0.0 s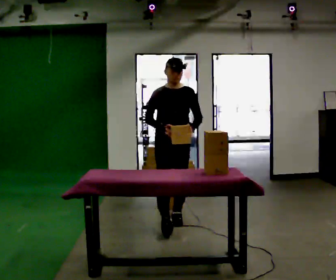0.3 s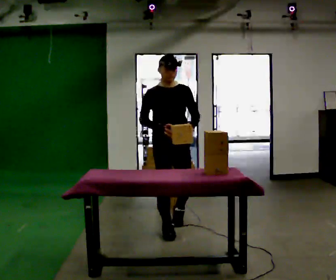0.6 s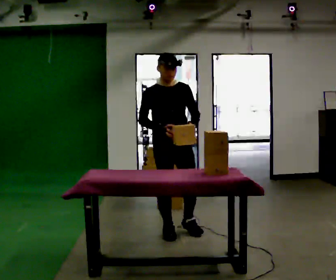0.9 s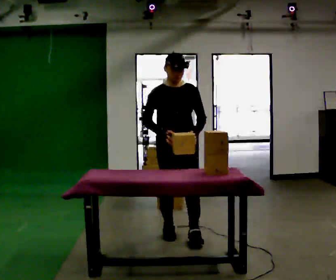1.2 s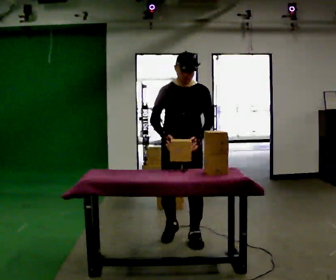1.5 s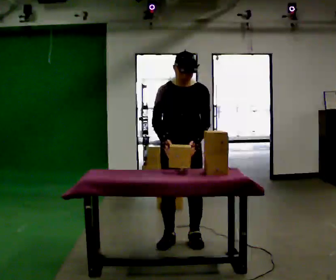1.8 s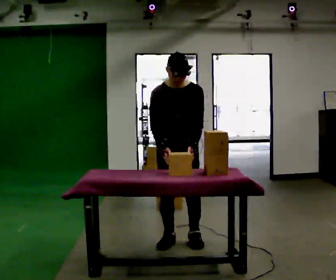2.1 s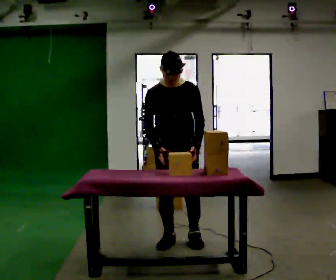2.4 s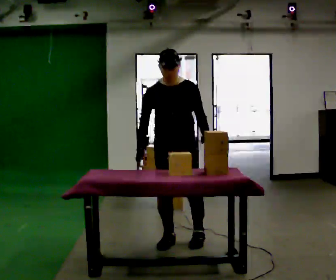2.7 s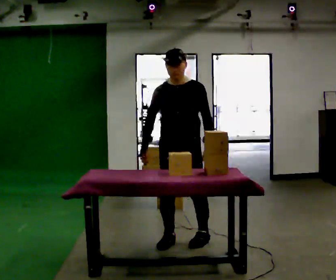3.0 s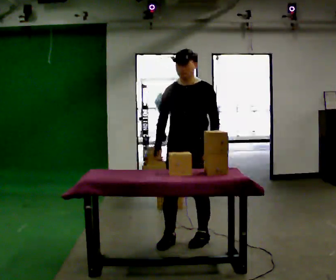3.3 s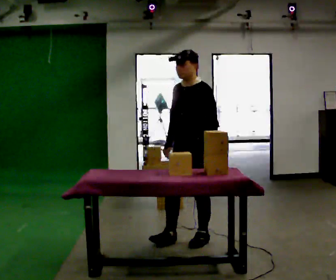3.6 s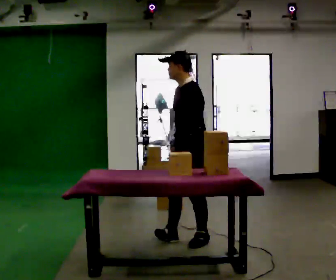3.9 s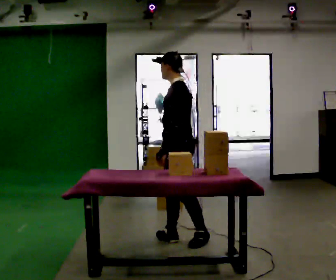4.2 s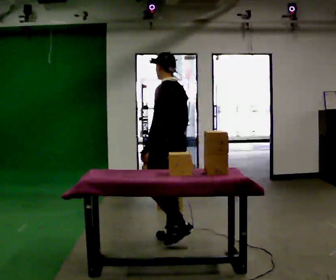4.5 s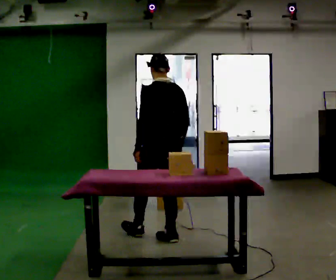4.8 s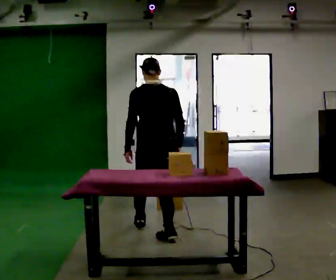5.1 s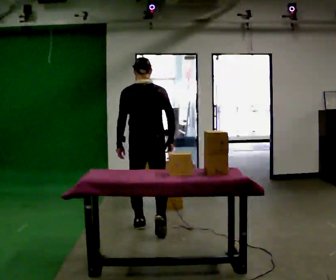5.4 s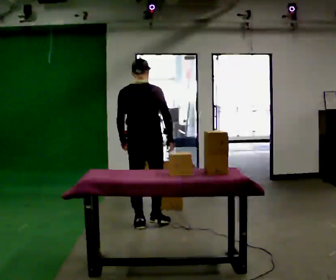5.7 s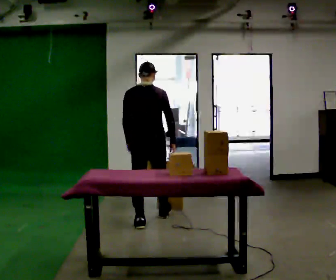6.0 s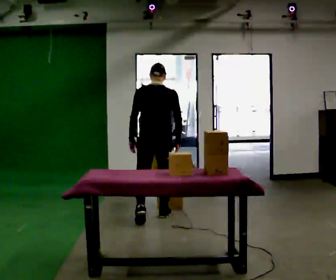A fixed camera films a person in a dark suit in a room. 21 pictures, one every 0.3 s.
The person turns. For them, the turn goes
to their right.
The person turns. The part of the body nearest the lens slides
to the left.
0.0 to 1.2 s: In the picture they go toward the camera, about 0.5 m in 1 step, which for them is forward.
1.2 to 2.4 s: The person moves a little, or ends about where they began.
2.4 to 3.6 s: The part of the body nearest the lens slides to the left as the person turns to their right by about 75 degrees. In the picture they go to the right, about 0.25 m.
3.6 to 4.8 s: The part of the body nearest the lens slides to the left as the person turns to their right by about 90 degrees. In the picture they go to the left and away from the camera, about 0.5 m in 1 step.
4.8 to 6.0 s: In the picture they go away from the camera, about 0.5 m in 1 step, which for them is forward.
The film runs forward here.
